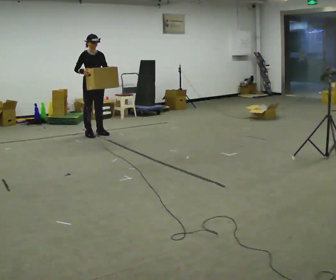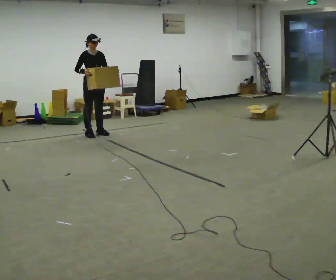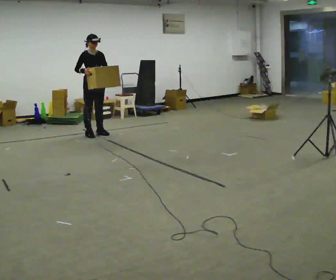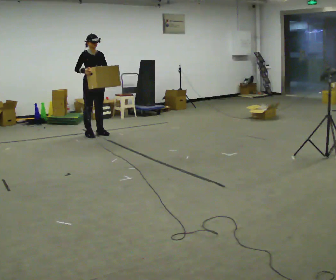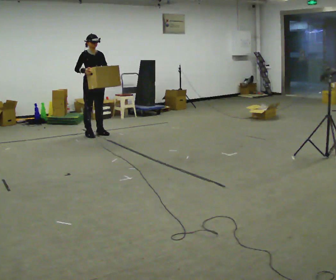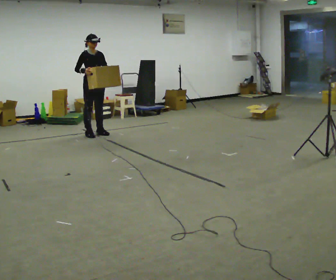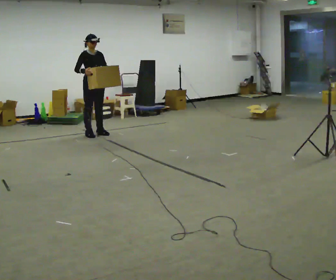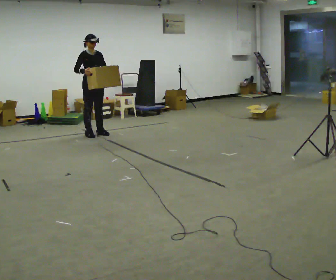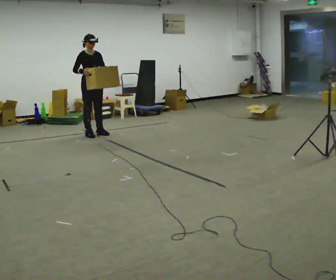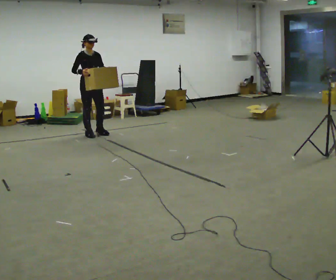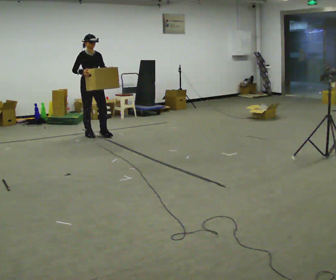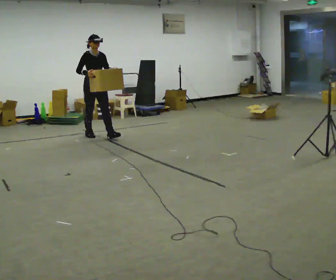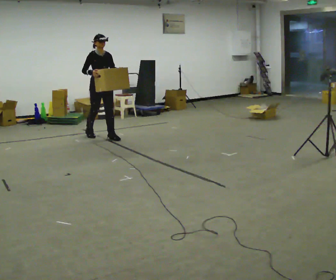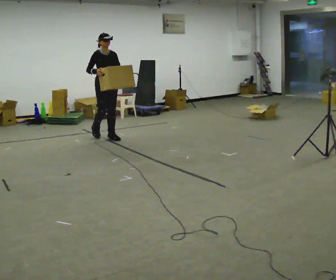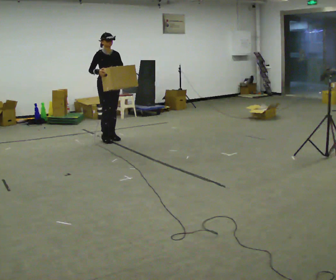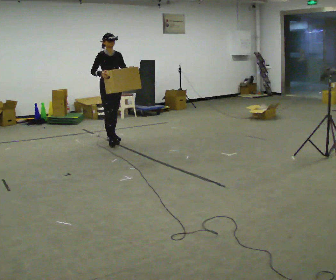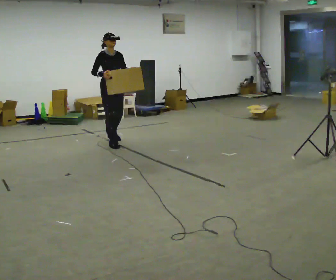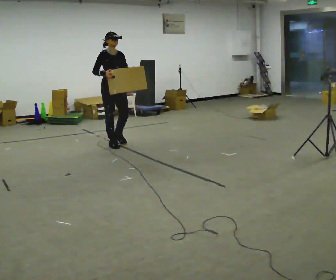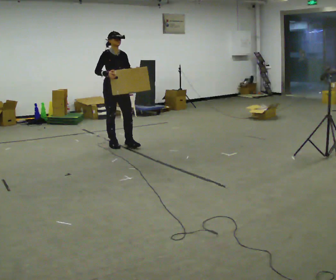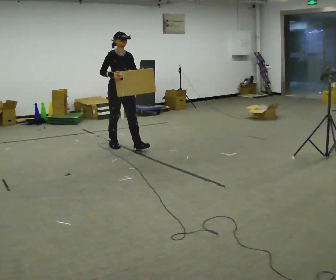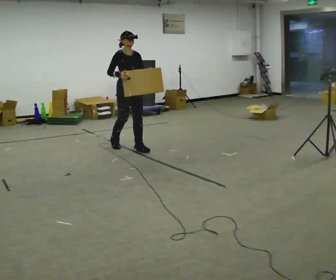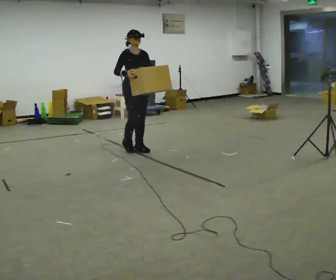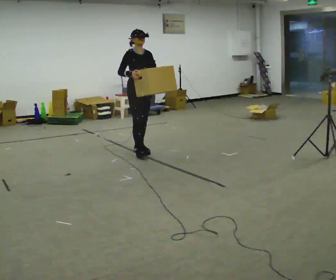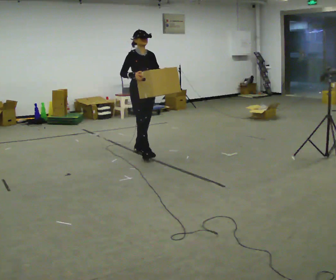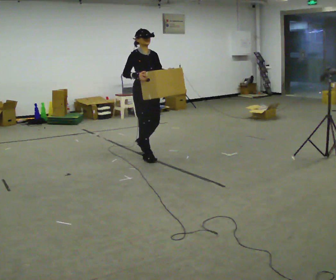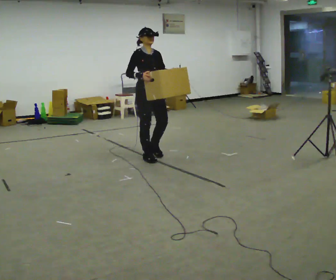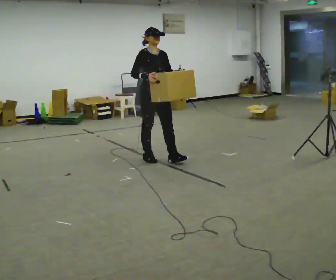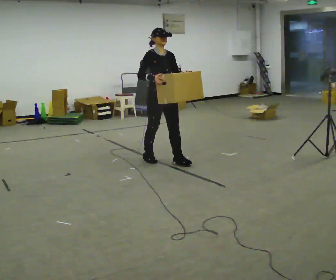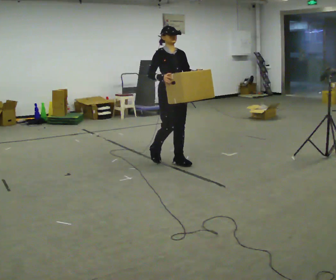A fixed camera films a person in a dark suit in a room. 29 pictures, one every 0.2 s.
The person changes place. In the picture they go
toward the camera.
0.0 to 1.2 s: The person keeps their place and pose.
1.2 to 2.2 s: The person moves a little, or ends about where they began.
2.2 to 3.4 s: In the picture they go toward the camera and to the right, about 0.75 m in 1 step, which for them is forward.
3.4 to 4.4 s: In the picture they go toward the camera and to the right, about 0.5 m in 1 step, which for them is forward.
4.4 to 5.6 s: In the picture they go toward the camera and to the right, about 0.75 m in 2 steps, which for them is forward.
The film runs forward here.
